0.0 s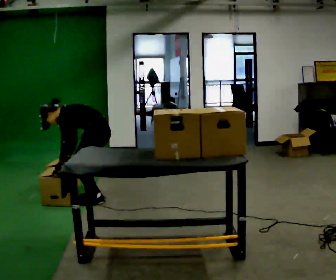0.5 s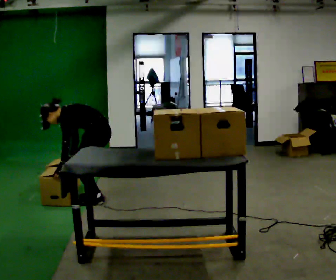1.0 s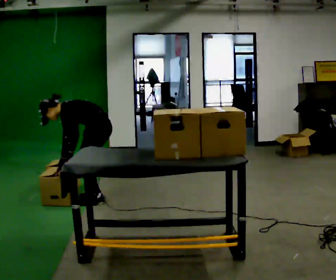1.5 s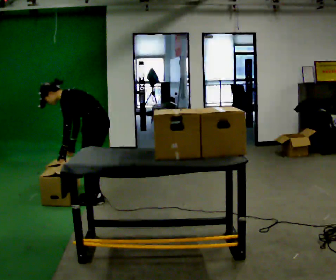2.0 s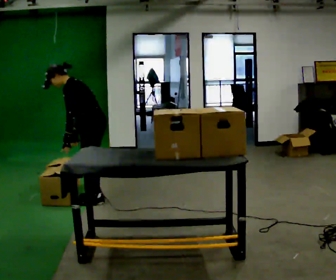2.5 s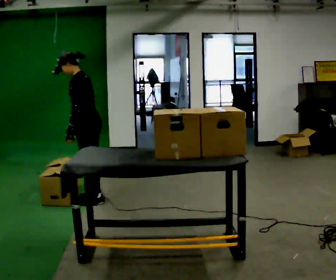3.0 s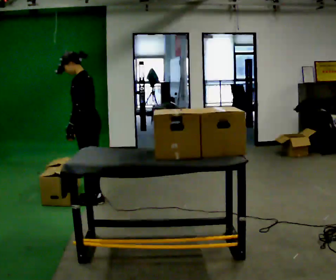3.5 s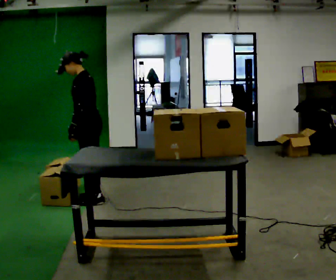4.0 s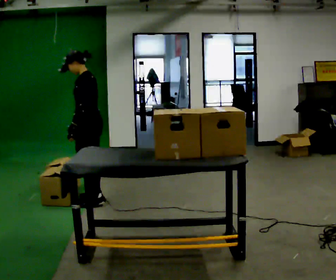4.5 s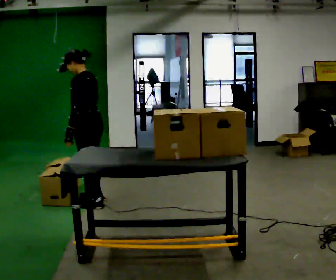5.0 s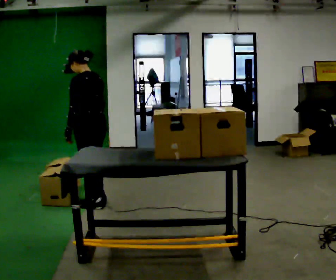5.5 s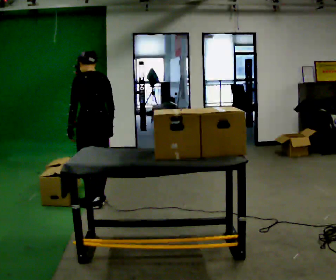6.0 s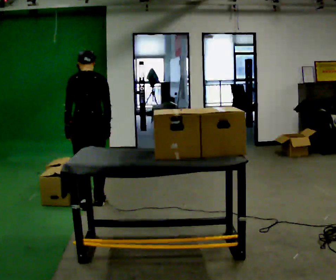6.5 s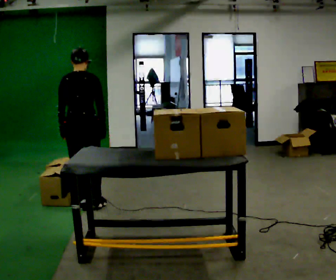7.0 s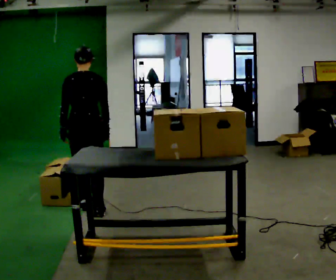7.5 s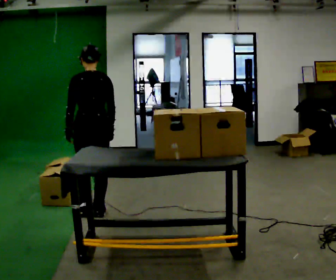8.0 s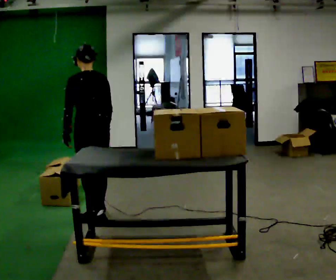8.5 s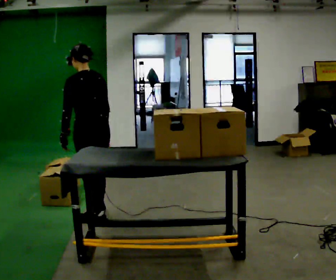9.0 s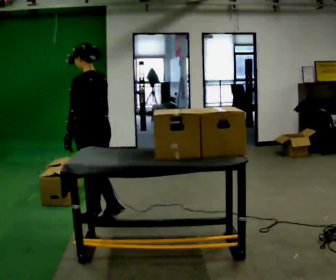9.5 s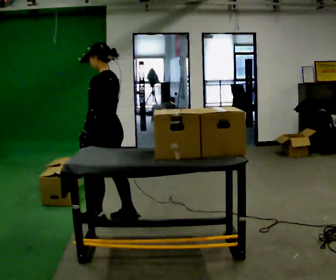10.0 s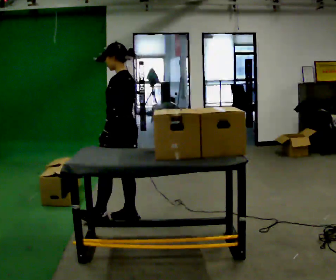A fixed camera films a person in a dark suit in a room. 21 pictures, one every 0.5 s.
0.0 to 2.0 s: The shoulders move upward. In the picture the upper body tilts clockwise, shoulders to the right, as they lean back or straighten.
2.0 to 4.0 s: In the picture the upper body tilts clockwise, shoulders to the right, as they lean back or straighten.
4.0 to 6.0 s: The part of the body nearest the lens slides to the left as the person turns to their right by about 75 degrees. In the picture they go toward the camera, about 0.25 m.
6.0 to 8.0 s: In the picture they go toward the camera, about 0.25 m in 2 steps, which for them is backward.
8.0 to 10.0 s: Seen from above the body turns counterclockwise, about 45 degrees: to their left, with its near side sliding to the right. In the picture they go to the right, about 0.25 m in 1 step, which for them is backward.
The film runs backward here.
